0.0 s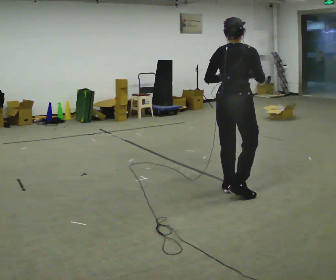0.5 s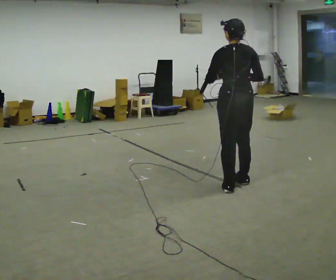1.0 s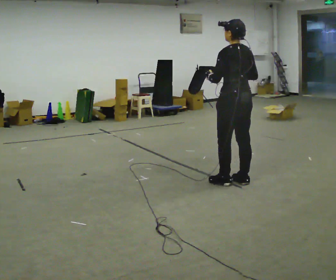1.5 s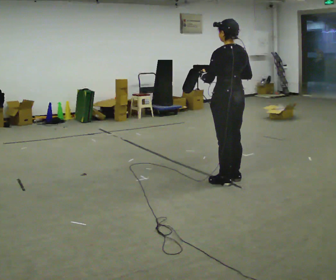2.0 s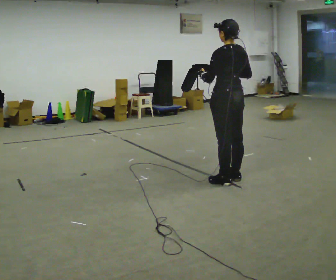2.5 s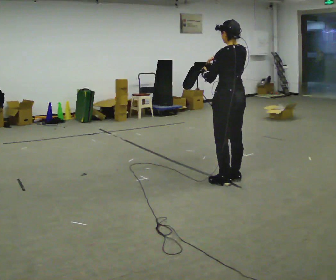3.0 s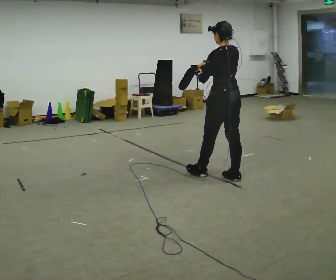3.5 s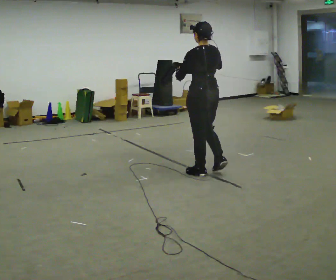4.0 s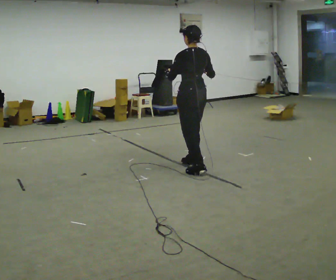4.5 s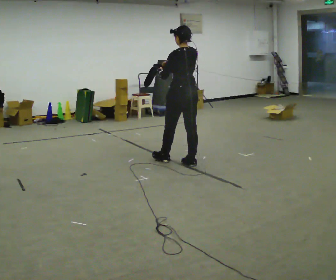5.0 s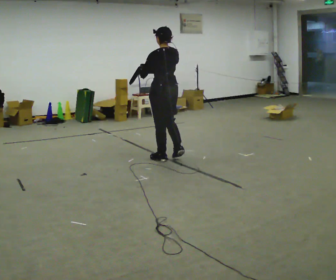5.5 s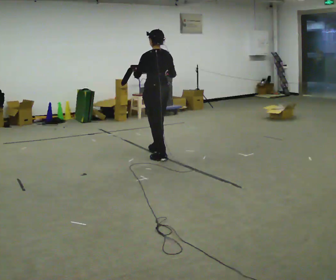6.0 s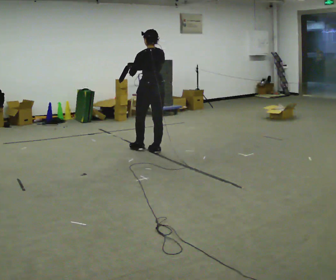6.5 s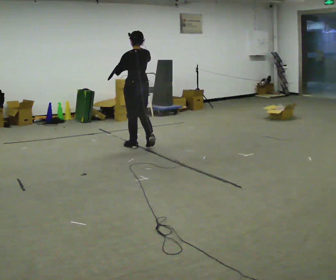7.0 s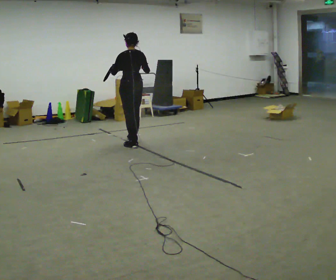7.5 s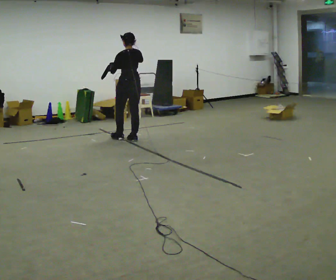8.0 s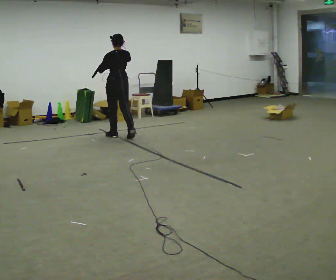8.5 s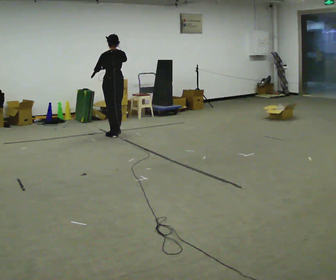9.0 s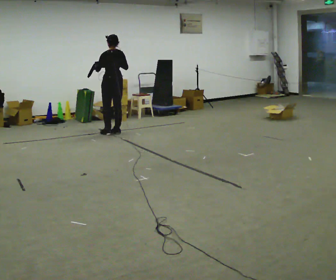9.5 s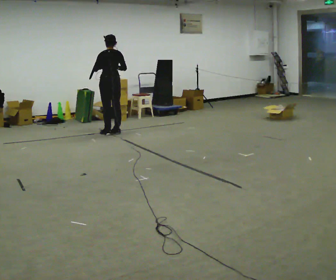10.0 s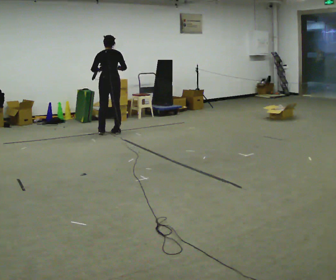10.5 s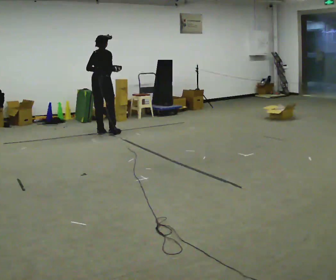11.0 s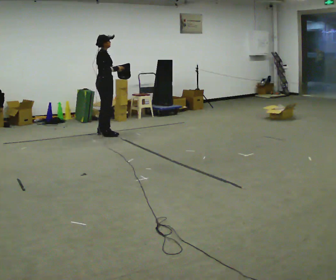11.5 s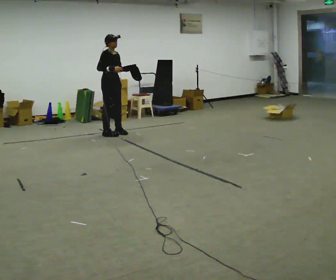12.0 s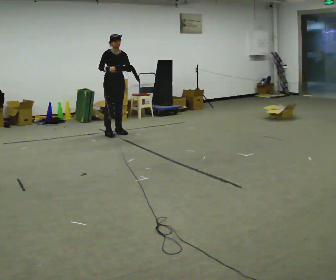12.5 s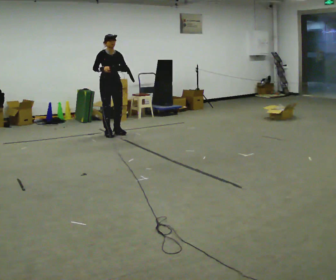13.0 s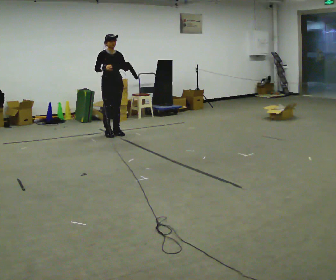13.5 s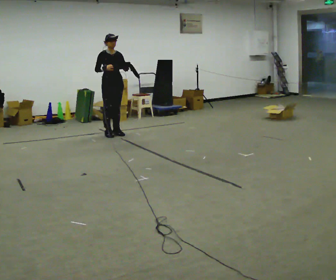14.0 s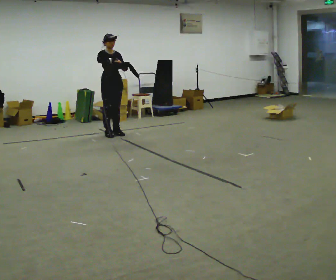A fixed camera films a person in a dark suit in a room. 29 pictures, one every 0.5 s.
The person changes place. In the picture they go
away from the camera.
0.0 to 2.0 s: The part of the body nearest the lens slides to the right as the person turns to their left by about 60 degrees. In the picture they go away from the camera, about 0.25 m in 2 steps.
2.0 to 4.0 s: In the picture they go away from the camera and to the left, about 0.5 m in 2 steps, which for them is forward.
4.0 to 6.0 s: In the picture they go away from the camera and to the left, about 1 m in 2 steps, which for them is forward.
6.0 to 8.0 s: In the picture they go away from the camera and to the left, about 1 m in 3 steps, which for them is forward.
8.0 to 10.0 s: In the picture they go away from the camera and to the left, about 0.25 m in 2 steps, which for them is forward.
10.0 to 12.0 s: Seen from above the body turns clockwise, about 165 degrees: to their right, with its near side sliding to the left. In the picture their left hand goes to the right.
12.0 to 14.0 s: The person moves a little, or ends about where they began.
The film runs forward here.
